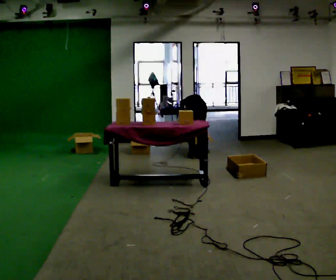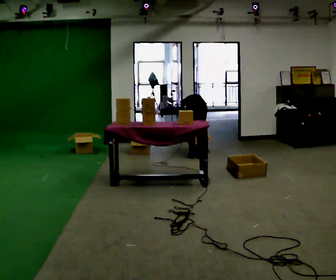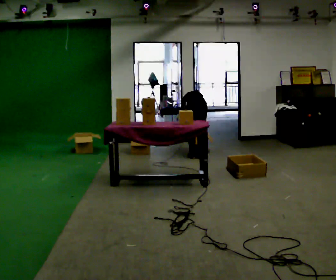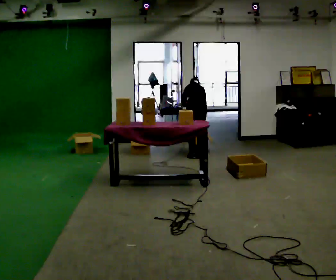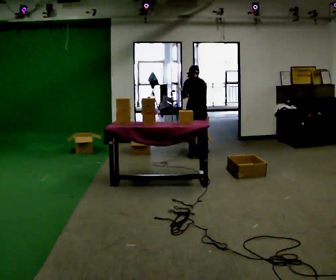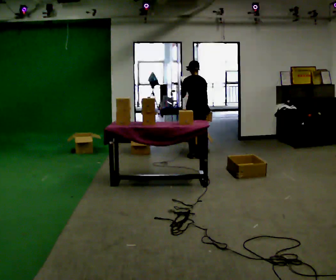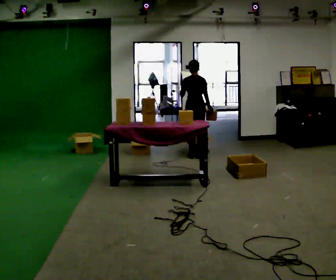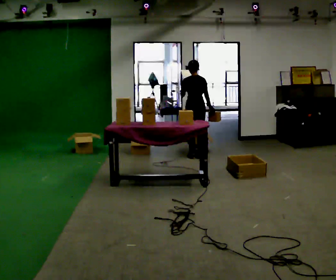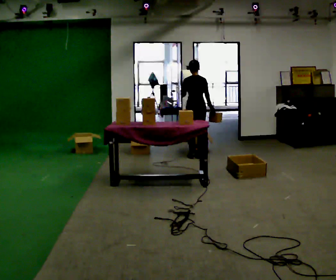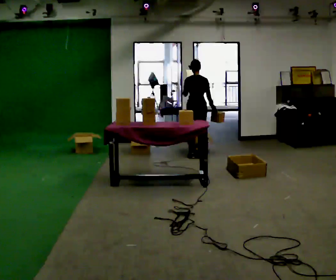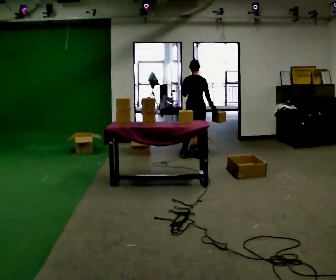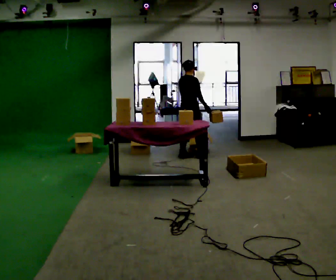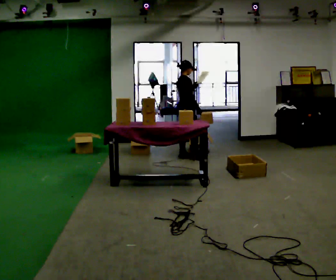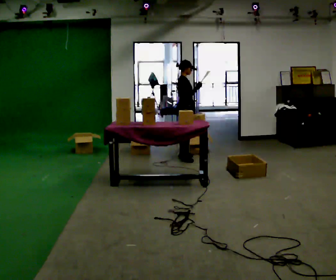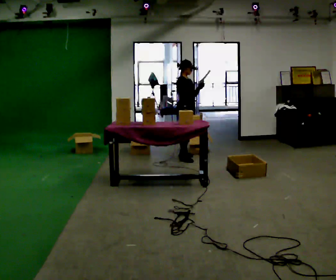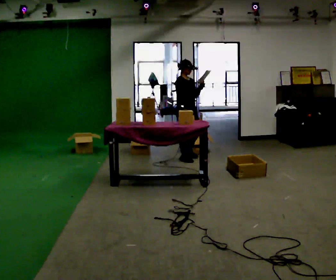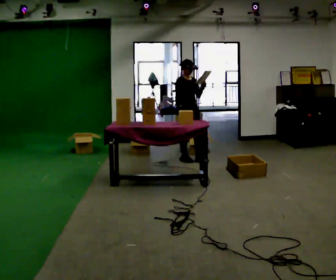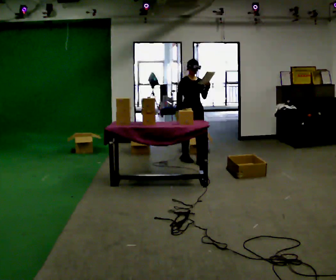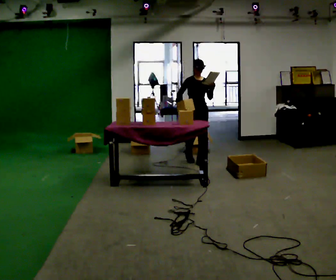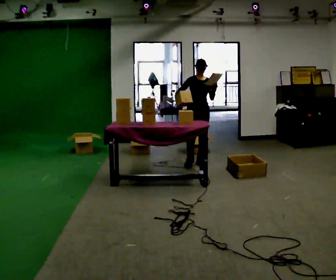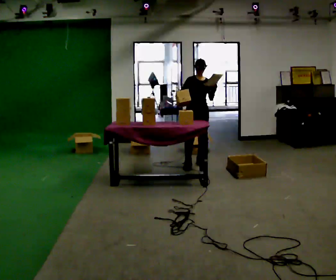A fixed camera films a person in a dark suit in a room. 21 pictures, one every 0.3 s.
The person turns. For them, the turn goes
to their right.
The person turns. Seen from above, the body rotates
clockwise.
0.0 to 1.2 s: The shoulders move upward. The upper body tips toward the camera, its near side rolling downward, as they lean back or straighten.
1.2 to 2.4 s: The upper body tips toward the camera, its near side rolling downward, as they lean back or straighten.
2.4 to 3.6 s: Seen from above the body turns clockwise, about 75 degrees: to their right, with its near side sliding to the left. In the picture they go to the left, about 0.25 m in 1 step.
3.6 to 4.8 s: The person turns about 75 degrees to their right, clockwise seen from above, so the part of the body nearest the lens slides to the left. In the picture they go toward the camera, about 0.25 m in 1 step.
4.8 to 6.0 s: Seen from above the body turns clockwise, about 30 degrees: to their right, with its near side sliding to the left. In the picture they go toward the camera and to the right, about 0.25 m in 2 steps, which for them is forward.
The film runs forward here.
